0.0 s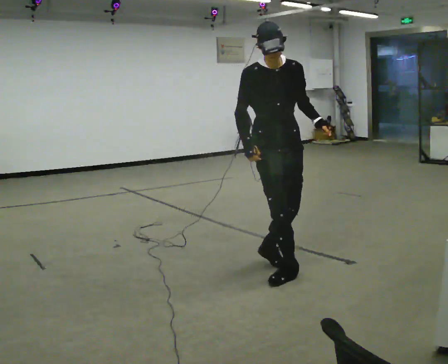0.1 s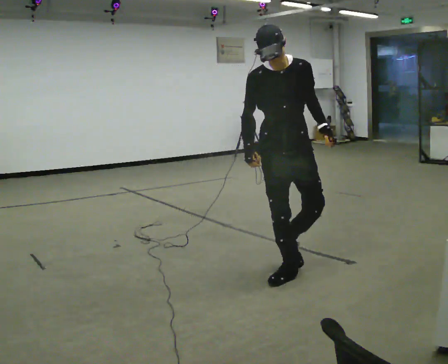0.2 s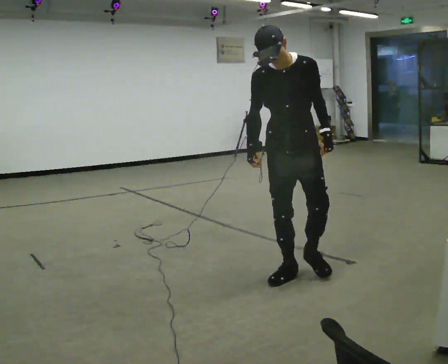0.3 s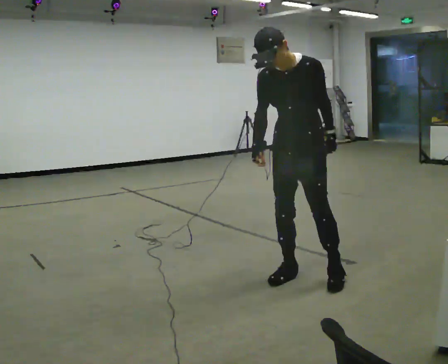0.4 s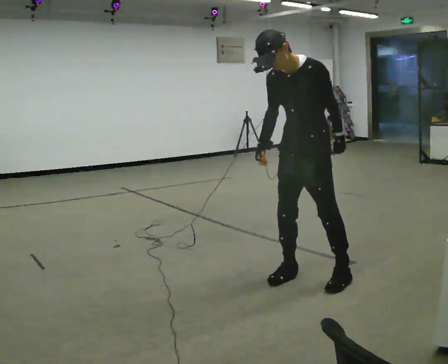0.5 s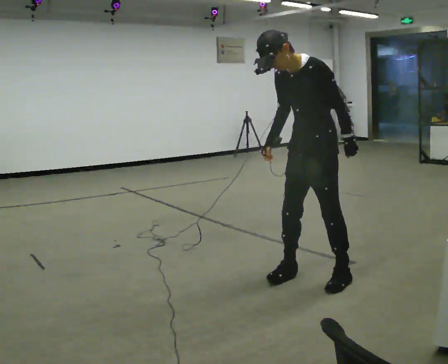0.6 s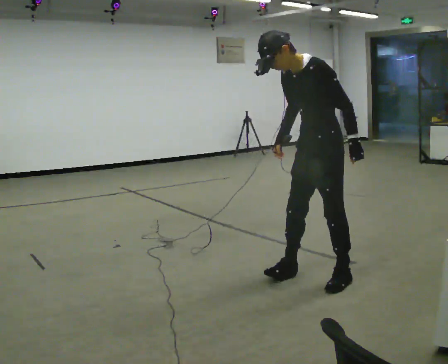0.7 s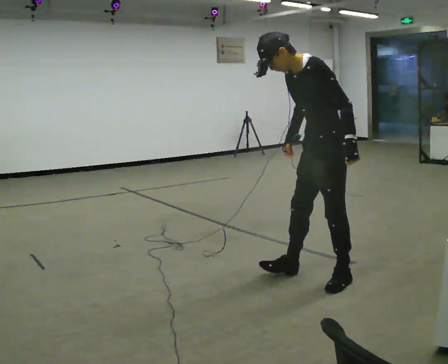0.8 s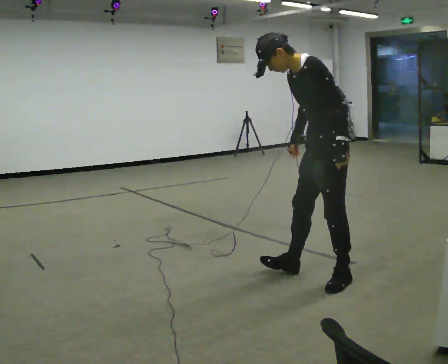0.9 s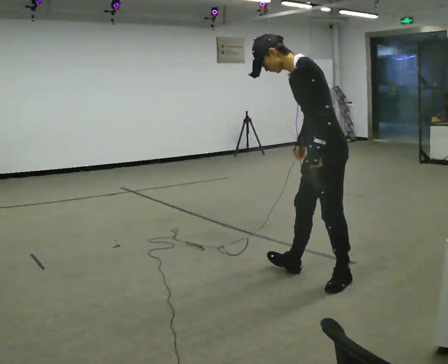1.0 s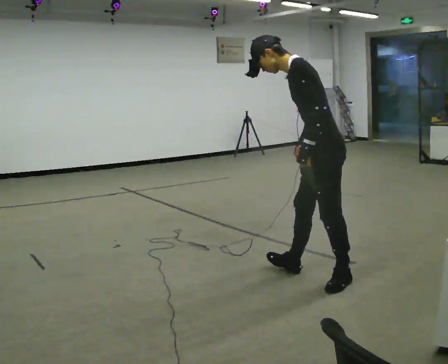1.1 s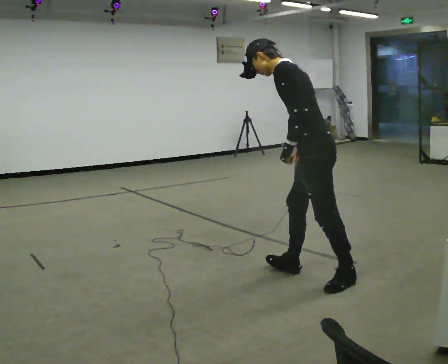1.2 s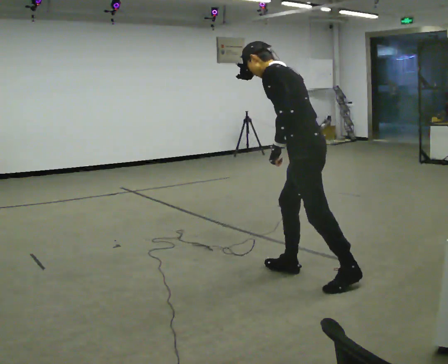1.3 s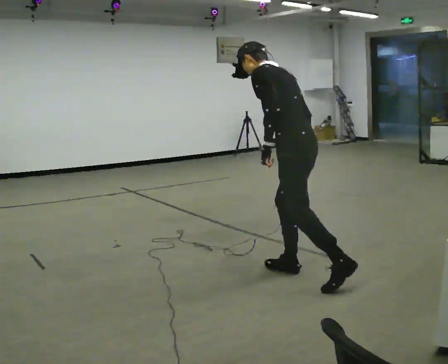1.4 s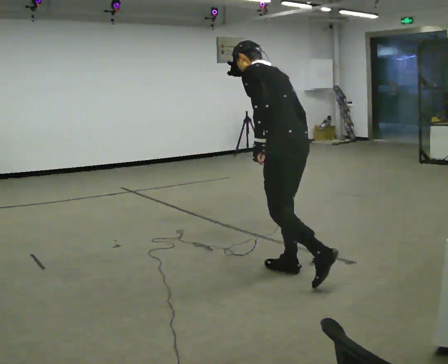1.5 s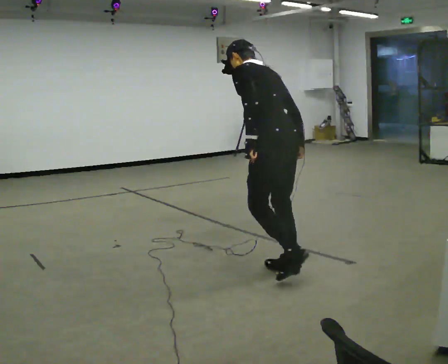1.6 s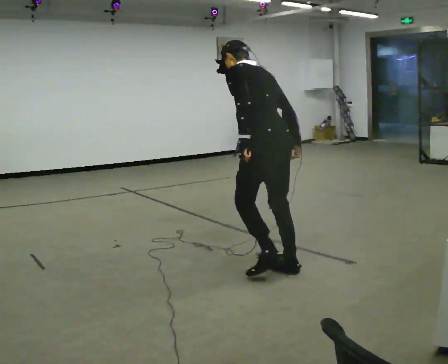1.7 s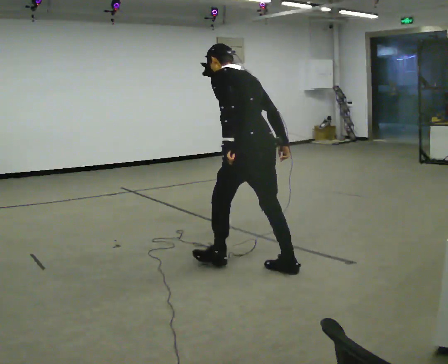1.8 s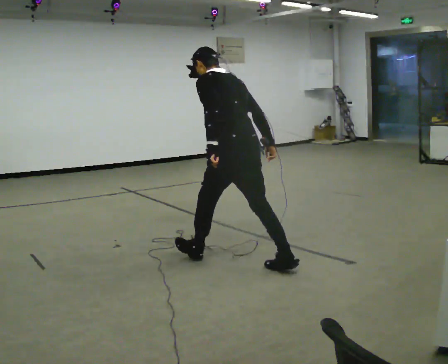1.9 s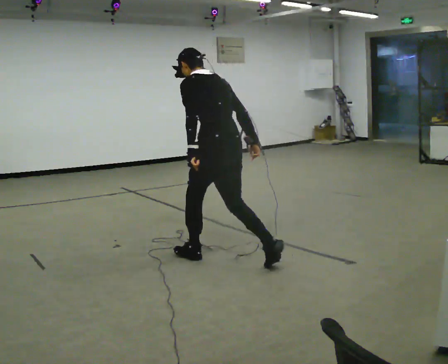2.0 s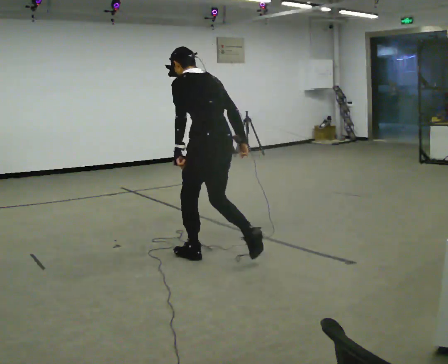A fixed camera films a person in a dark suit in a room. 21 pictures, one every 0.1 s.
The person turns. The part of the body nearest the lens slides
to the left.
The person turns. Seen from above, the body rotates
clockwise.
0.0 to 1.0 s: The person turns about 105 degrees to their right, clockwise seen from above, so the part of the body nearest the lens slides to the left. In the picture they go to the right and toward the camera, about 0.5 m in 1 step. In the picture the upper body tilts counterclockwise, shoulders to the left, as they bend forward.
1.0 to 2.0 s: Seen from above the body turns clockwise, about 45 degrees: to their right, with its near side sliding to the left. In the picture they go to the left and away from the camera, about 1 m in 1 step, which for them is forward. The upper body tips away from the camera, its near side rolling upward.
The film runs forward here.
